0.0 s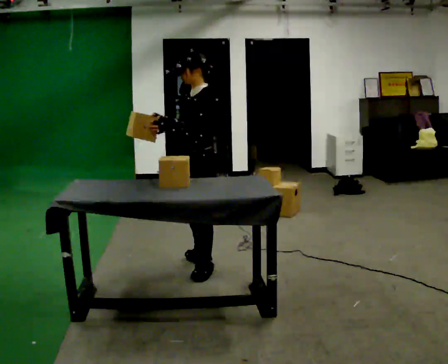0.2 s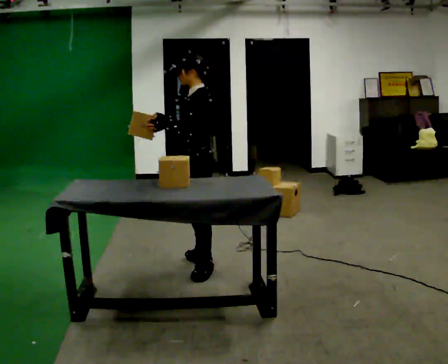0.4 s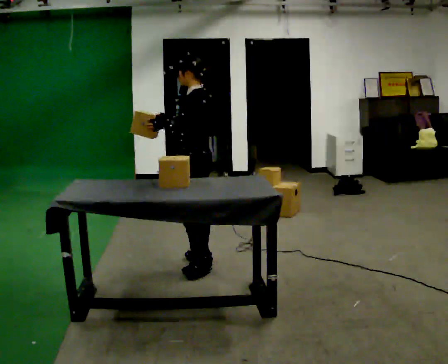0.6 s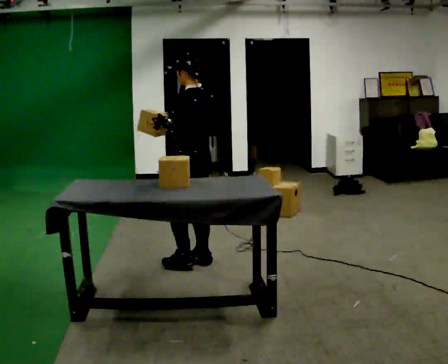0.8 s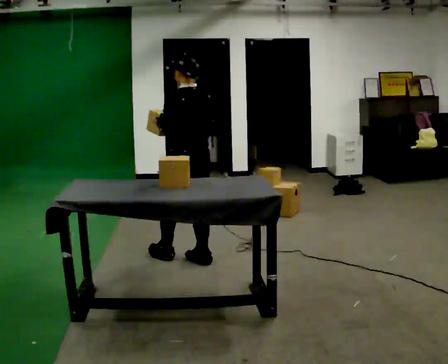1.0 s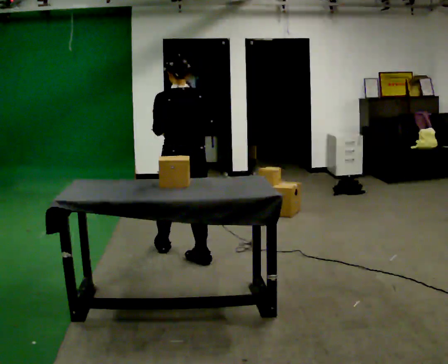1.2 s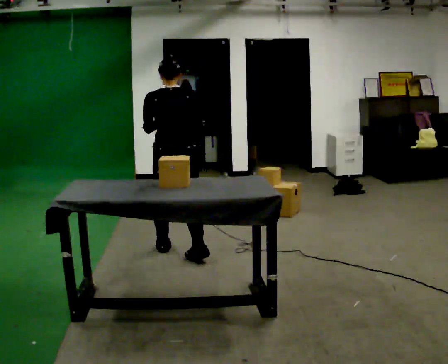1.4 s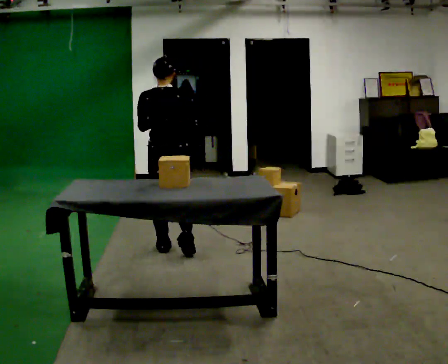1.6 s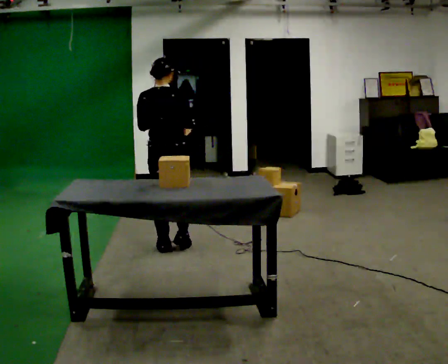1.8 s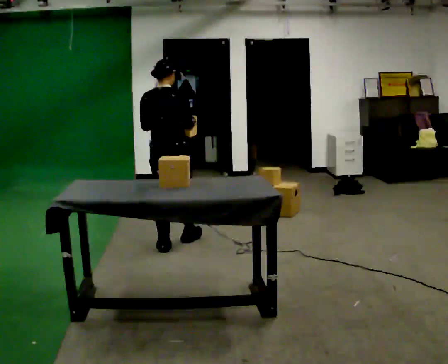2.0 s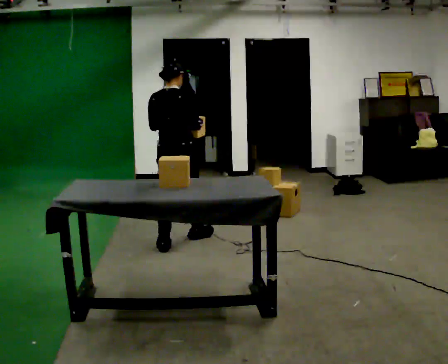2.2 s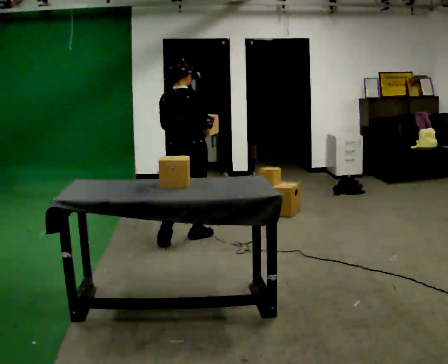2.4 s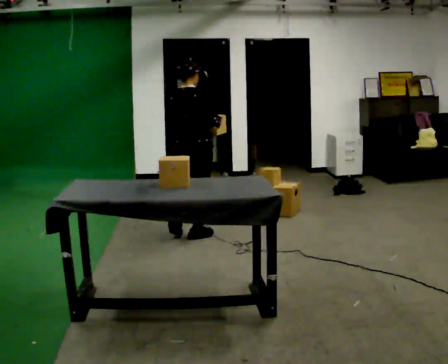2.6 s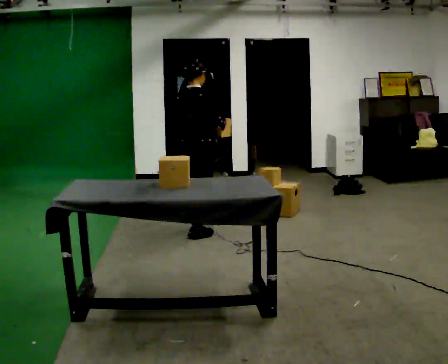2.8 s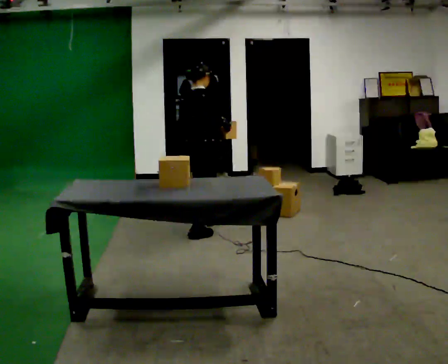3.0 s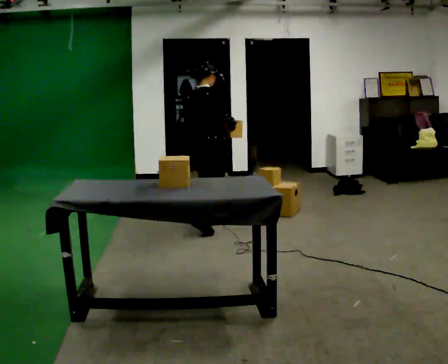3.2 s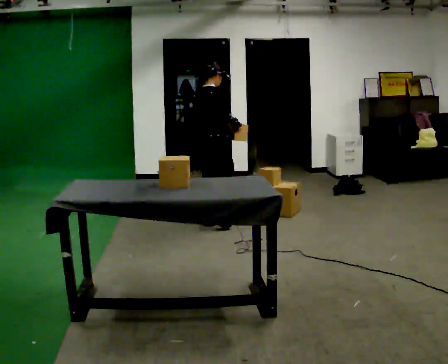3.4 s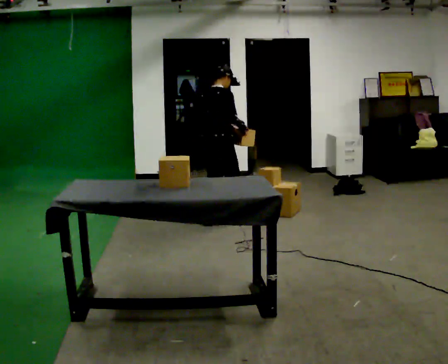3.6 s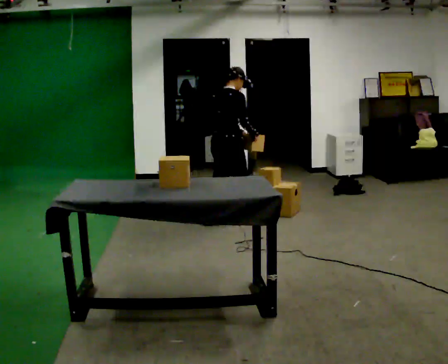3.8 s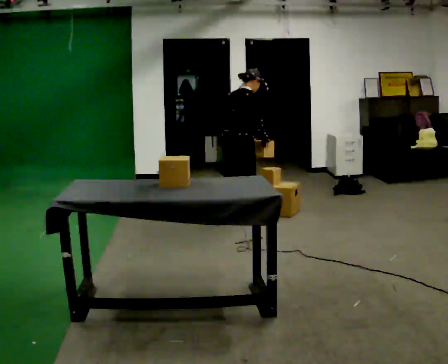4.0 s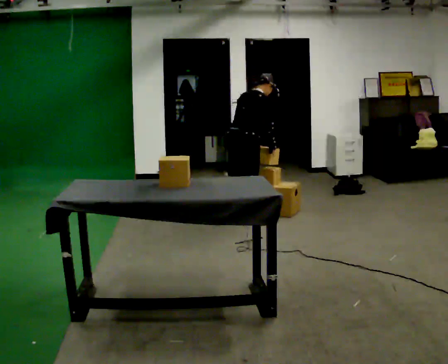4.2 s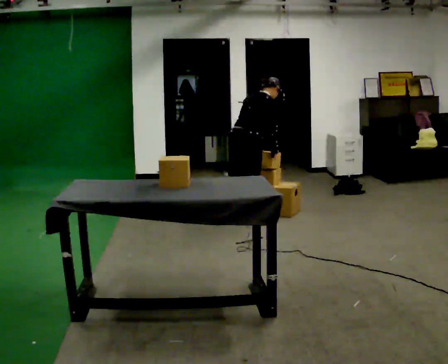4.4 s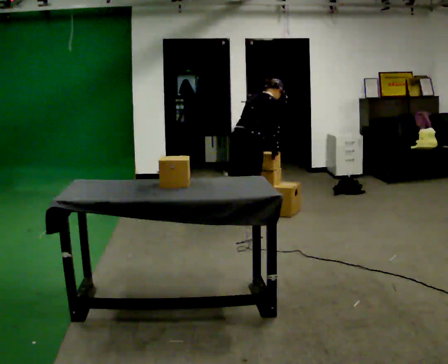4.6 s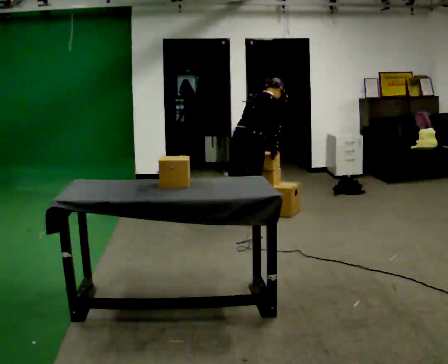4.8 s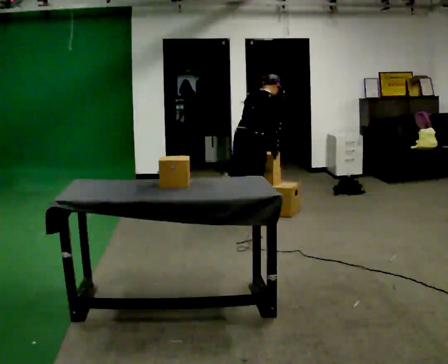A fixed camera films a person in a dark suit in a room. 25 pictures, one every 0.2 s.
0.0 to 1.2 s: Seen from above the body turns clockwise, about 90 degrees: to their right, with its near side sliding to the left. In the picture they go away from the camera and to the left, about 0.25 m in 1 step.
1.2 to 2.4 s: Seen from above the body turns clockwise, about 30 degrees: to their right, with its near side sliding to the left. In the picture they go away from the camera, about 0.5 m in 1 step, which for them is forward.
2.4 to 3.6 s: In the picture they go away from the camera and to the right, about 0.5 m in 2 steps, which for them is forward. In the picture the upper body tilts clockwise, shoulders to the right, as they bend forward.
3.6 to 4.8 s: In the picture they go to the right, about 0.25 m in 1 step, which for them is to their right and forward.
The film runs forward here.
